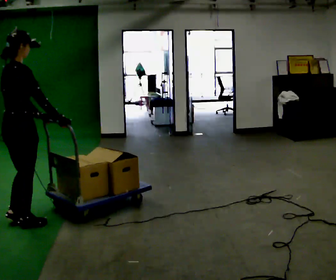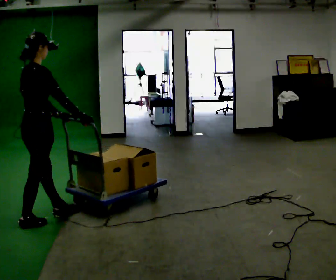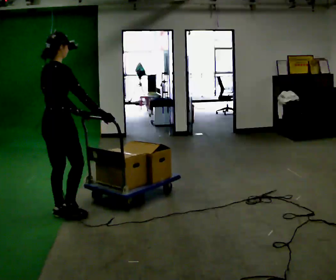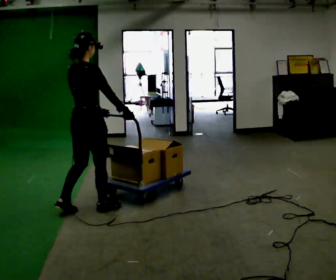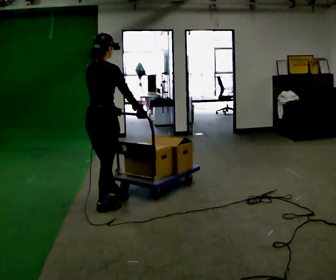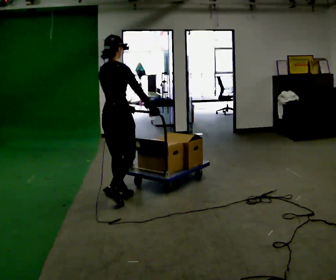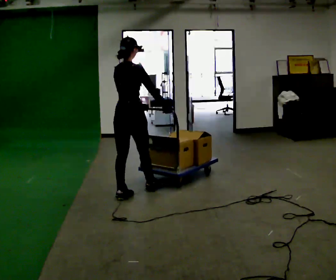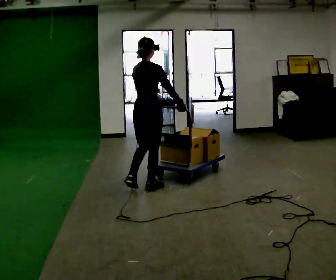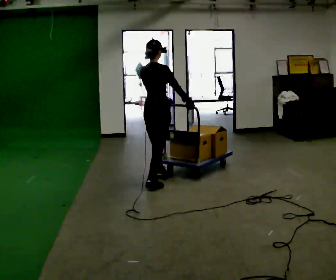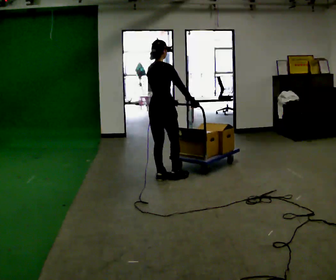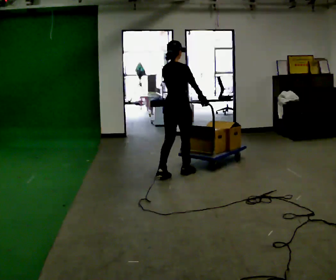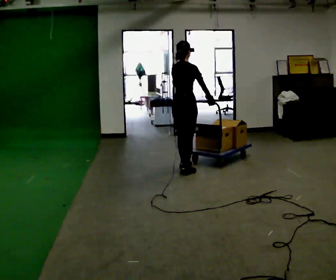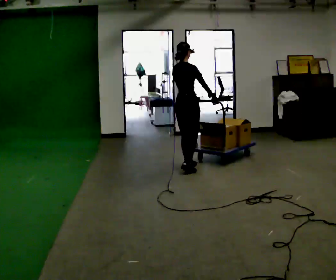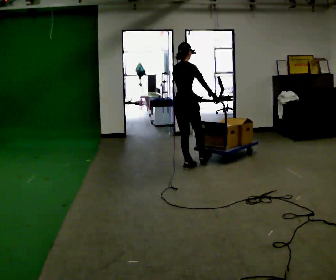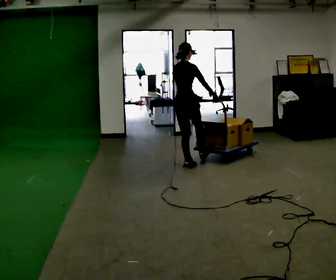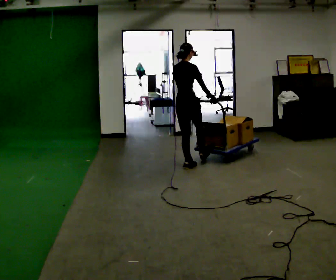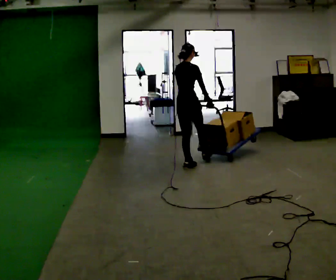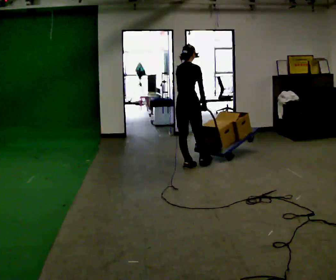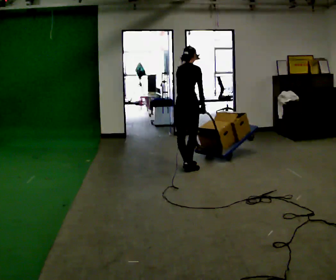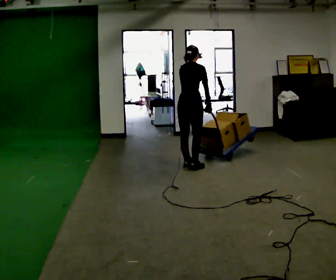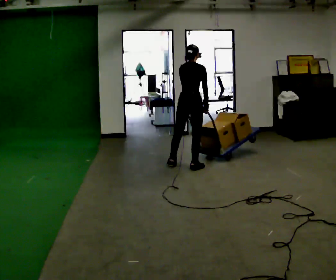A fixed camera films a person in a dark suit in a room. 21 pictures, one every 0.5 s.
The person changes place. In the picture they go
away from the camera.
0.0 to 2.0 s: In the picture they go away from the camera and to the right, about 1 m in 2 steps, which for them is forward.
2.0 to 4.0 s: In the picture they go away from the camera and to the right, about 1 m in 3 steps, which for them is forward.
4.0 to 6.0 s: In the picture they go away from the camera and to the right, about 0.75 m in 2 steps, which for them is forward.
6.0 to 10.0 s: The person moves a little, or ends about where they began.
The film runs forward here.
